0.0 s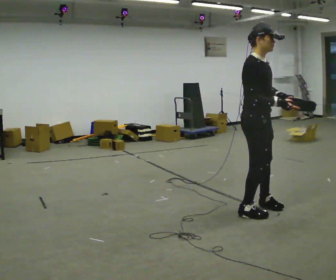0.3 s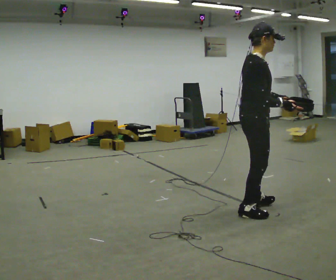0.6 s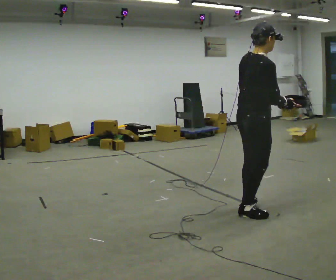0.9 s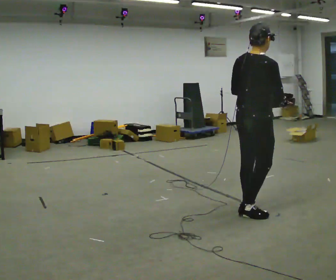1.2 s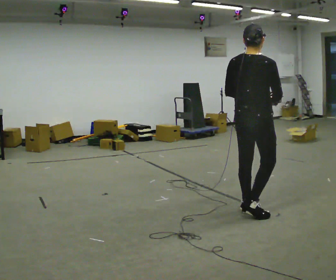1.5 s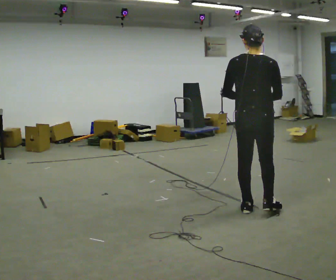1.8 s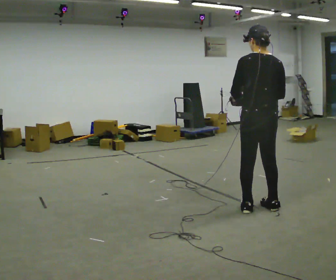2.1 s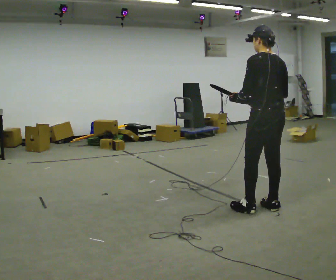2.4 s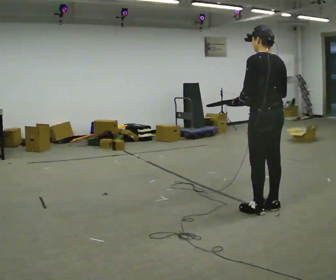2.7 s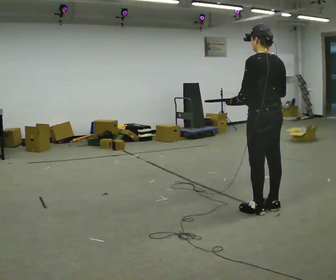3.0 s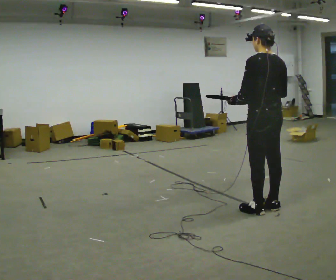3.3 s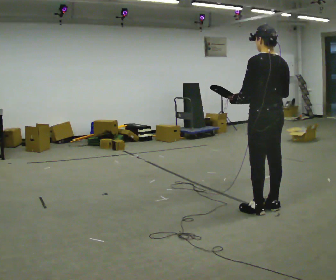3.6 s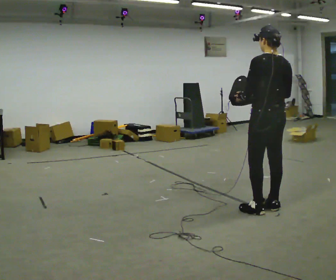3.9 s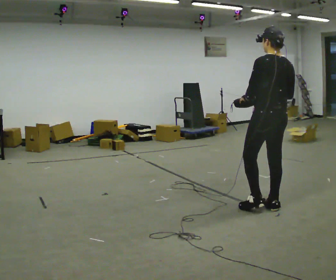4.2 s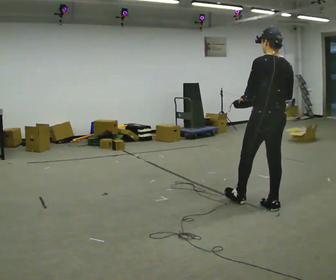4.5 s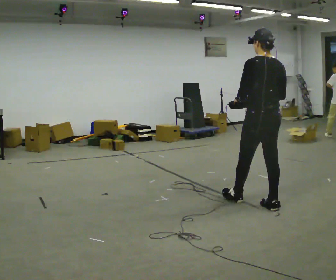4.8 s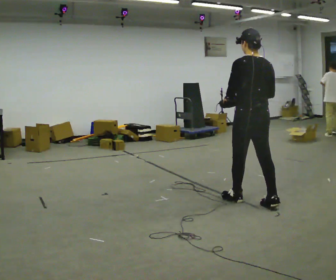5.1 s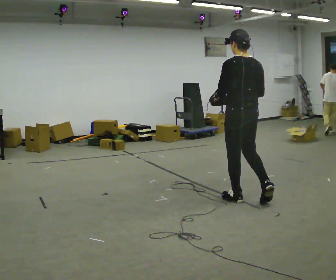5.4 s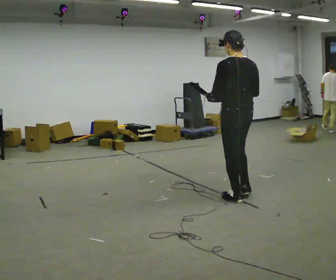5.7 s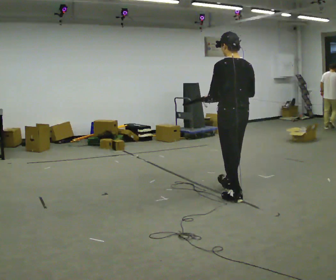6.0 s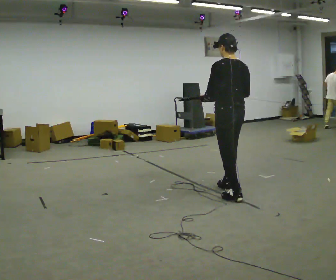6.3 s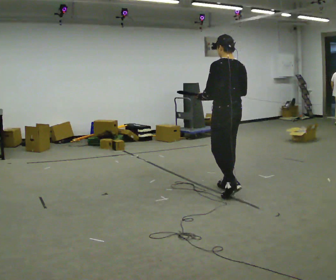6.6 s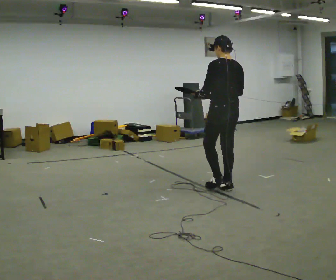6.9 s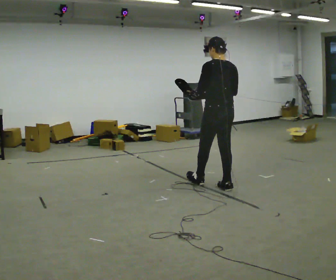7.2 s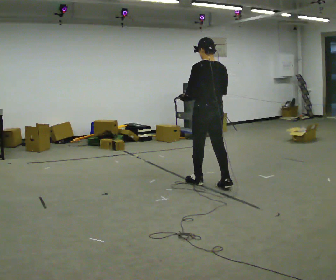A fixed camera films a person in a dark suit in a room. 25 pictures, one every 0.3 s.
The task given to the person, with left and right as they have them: Carry the box with its lid hanging open across the room, back and forth.
0.0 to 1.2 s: Seen from above the body turns counterclockwise, about 75 degrees: to their left, with its near side sliding to the right.
1.2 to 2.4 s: The person turns about 60 degrees to their left, counterclockwise seen from above, so the part of the body nearest the lens slides to the right.
2.4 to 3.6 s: The person moves a little, or ends about where they began.
3.6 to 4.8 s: In the picture they go to the left, about 0.25 m in 1 step, which for them is forward.
4.8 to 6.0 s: In the picture they go away from the camera and to the left, about 0.5 m in 1 step, which for them is forward.
6.0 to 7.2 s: In the picture they go to the left and away from the camera, about 0.5 m in 1 step, which for them is forward.
The film runs forward here.
